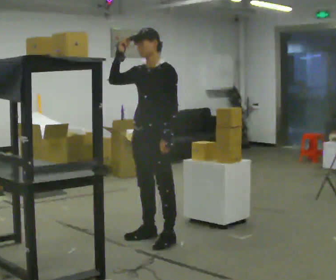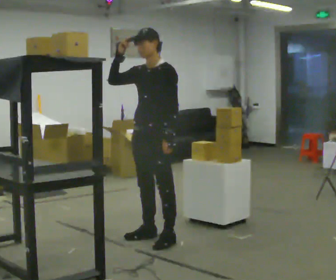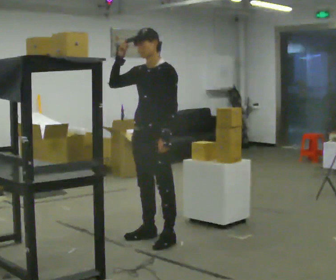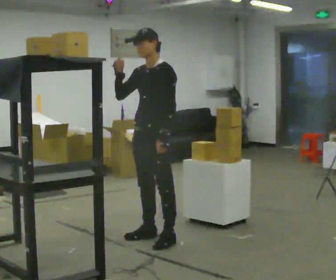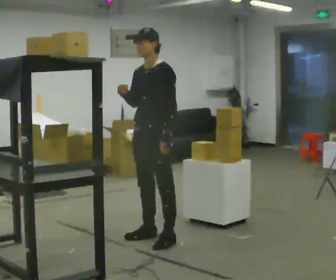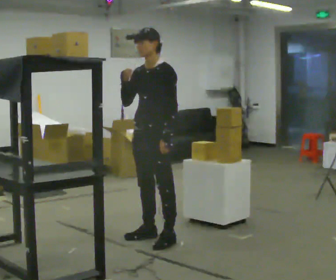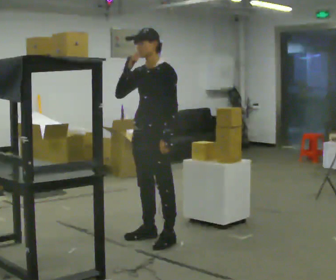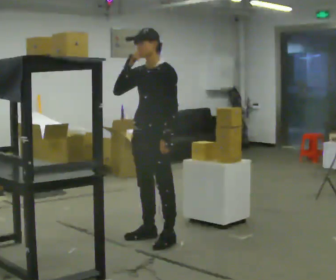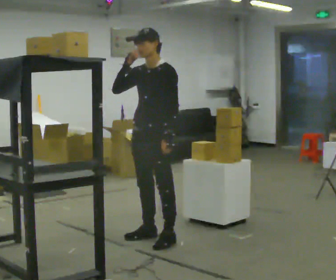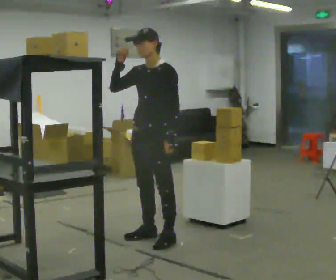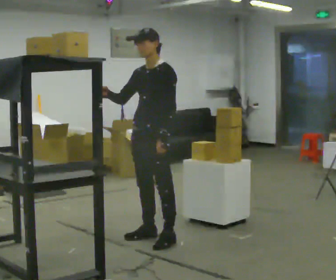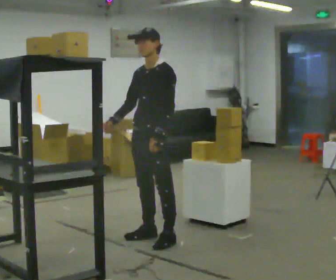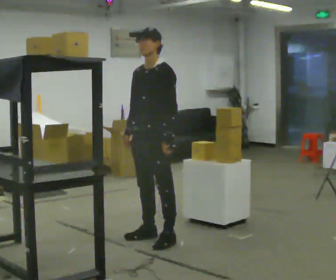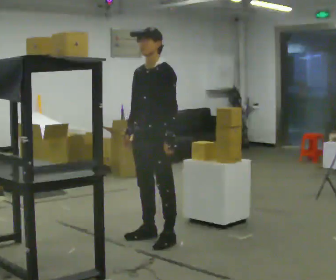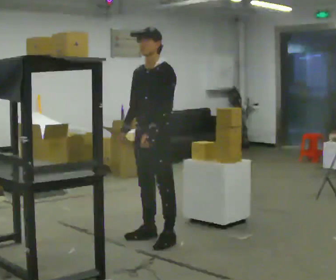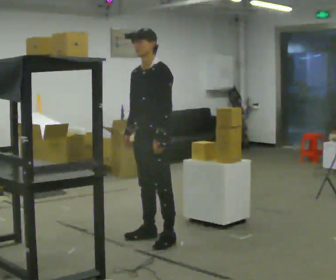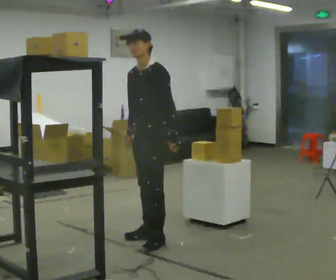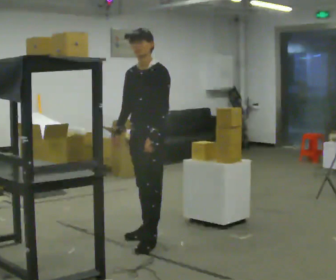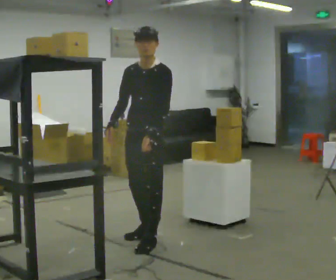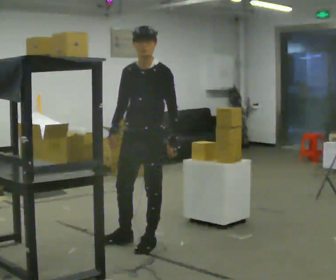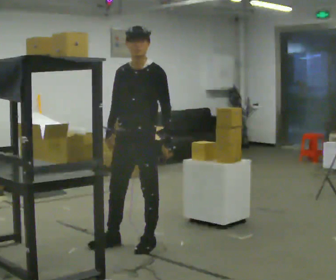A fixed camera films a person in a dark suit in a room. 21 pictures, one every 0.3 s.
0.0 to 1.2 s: In the picture their right hand goes downward.
1.2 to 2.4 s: The person moves a little, or ends about where they began.
2.4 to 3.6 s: In the picture their right hand goes downward.
3.6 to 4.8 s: The person moves a little, or ends about where they began.
4.8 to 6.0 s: In the picture they go toward the camera, about 0.25 m in 1 step, which for them is forward.
The film runs backward here.
